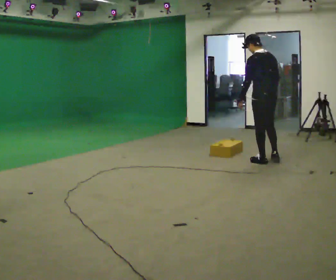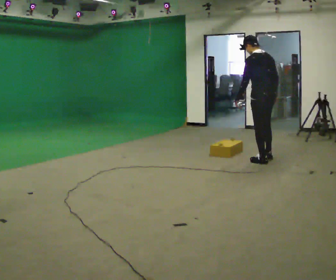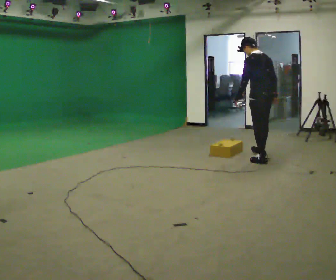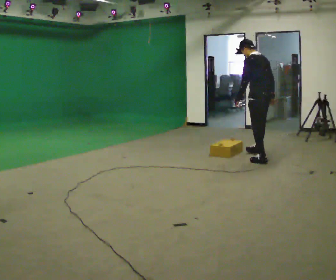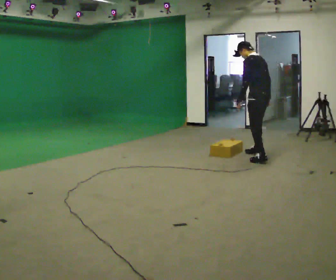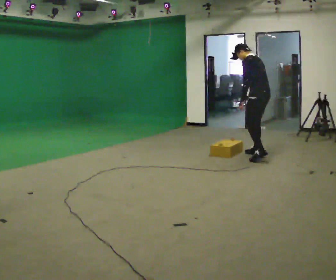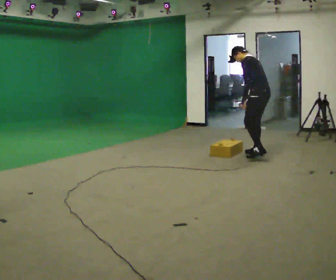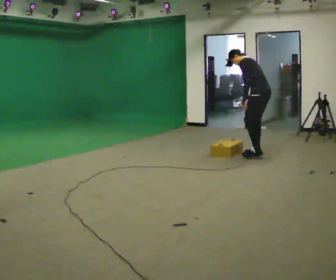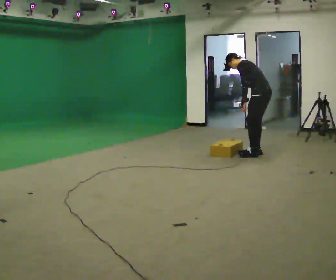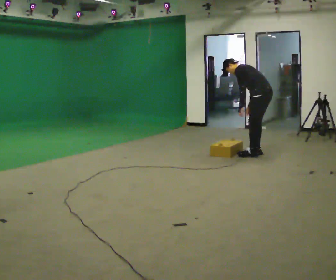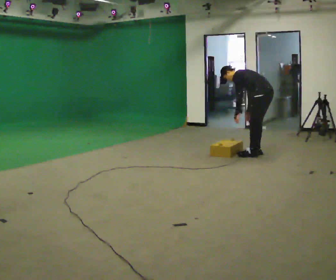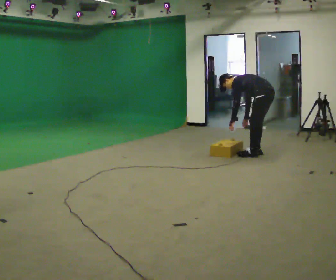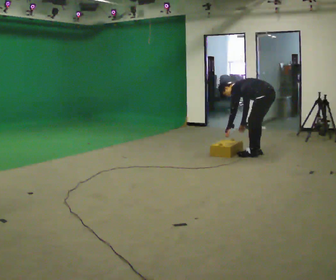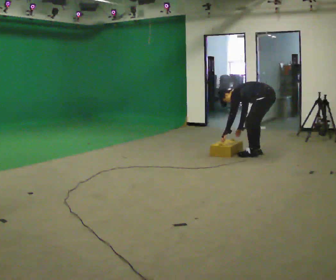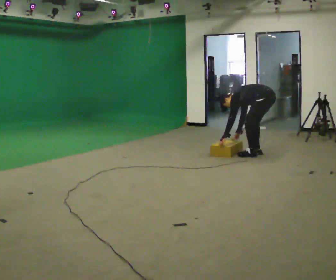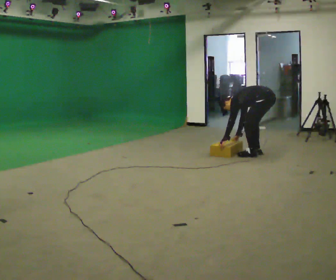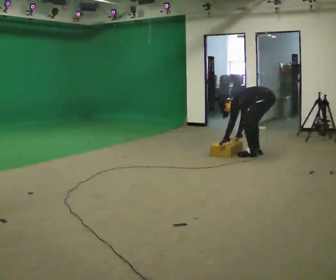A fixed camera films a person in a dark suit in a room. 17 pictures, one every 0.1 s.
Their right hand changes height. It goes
downward.
The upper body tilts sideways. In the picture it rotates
counterclockwise.
0.0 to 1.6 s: Seen from above the body turns counterclockwise, about 30 degrees: to their left, with its near side sliding to the right. In the picture they go away from the camera, about 0.5 m in 2 steps, which for them is to their right. The shoulders move downward. In the picture the upper body tilts counterclockwise, shoulders to the left, as they bend forward. In the picture their left hand goes downward.
The film runs forward here.
